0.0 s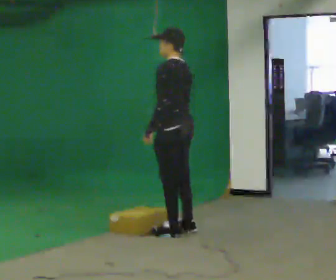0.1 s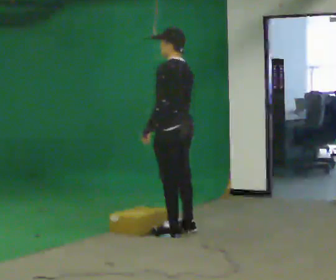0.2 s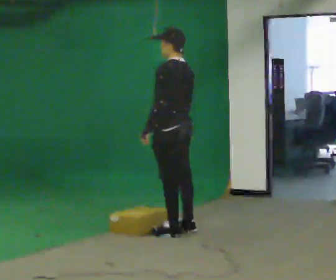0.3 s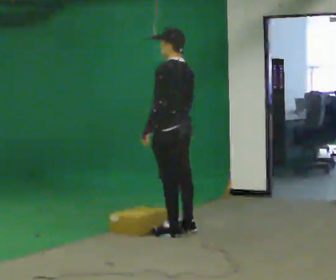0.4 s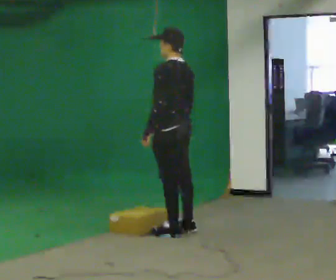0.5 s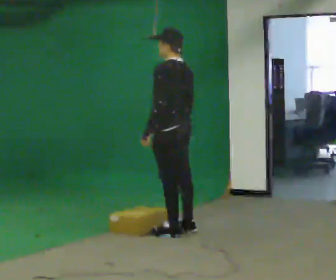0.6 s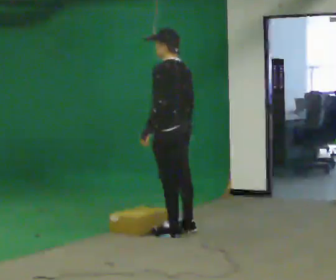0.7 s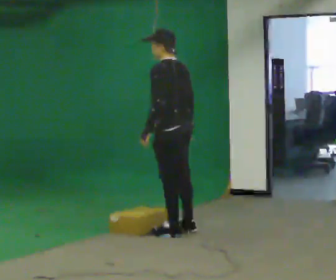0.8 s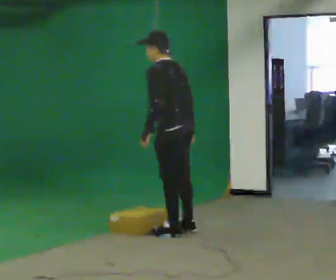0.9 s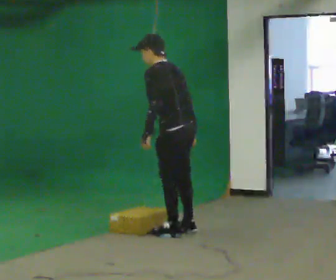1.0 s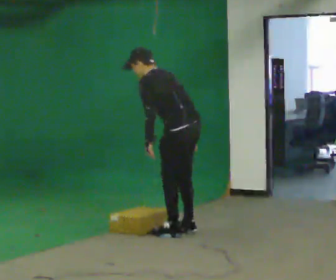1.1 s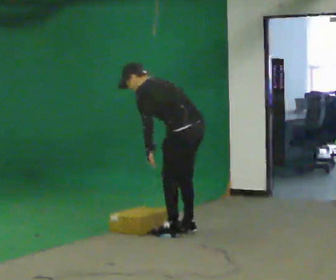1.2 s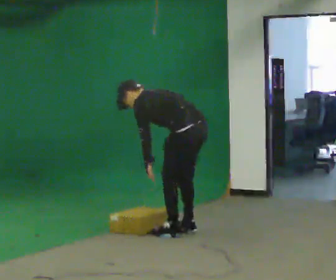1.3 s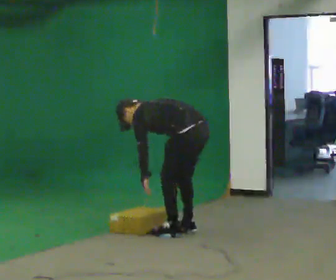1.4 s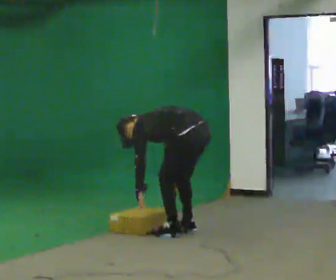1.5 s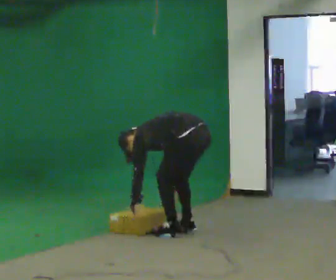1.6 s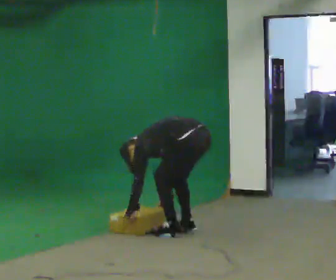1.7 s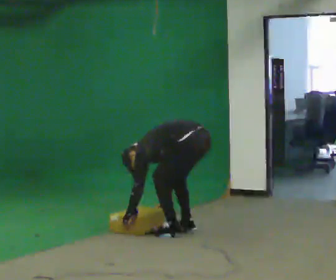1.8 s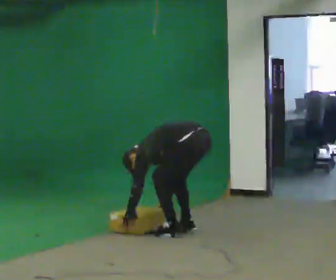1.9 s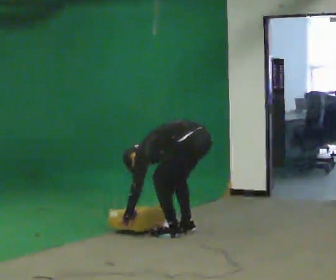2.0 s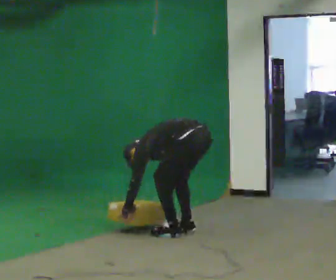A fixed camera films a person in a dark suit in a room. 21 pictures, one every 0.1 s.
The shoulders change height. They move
downward.
The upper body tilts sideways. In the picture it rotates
counterclockwise.
0.0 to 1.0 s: In the picture the upper body tilts counterclockwise, shoulders to the left.
1.0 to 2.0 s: The upper body goes downward. In the picture the upper body tilts counterclockwise, shoulders to the left, as they bend forward. In the picture their right hand goes downward.
The film runs backward here.
